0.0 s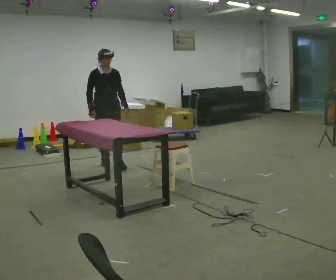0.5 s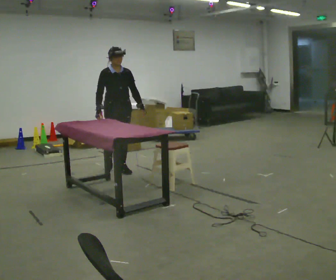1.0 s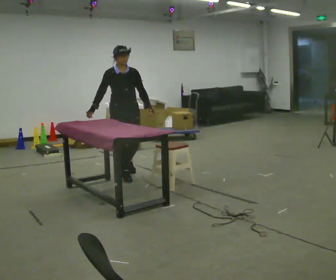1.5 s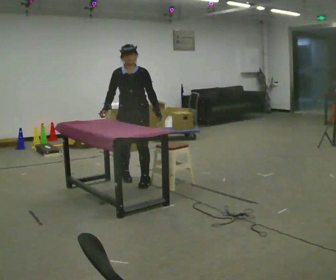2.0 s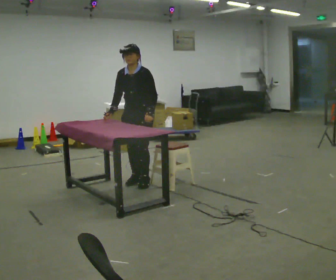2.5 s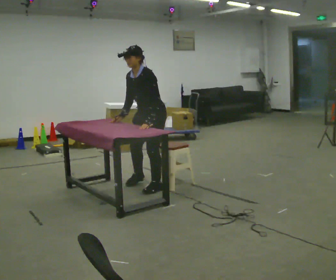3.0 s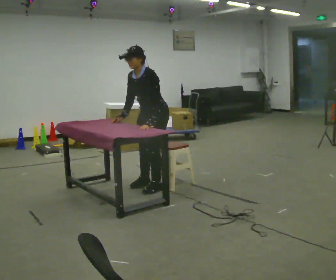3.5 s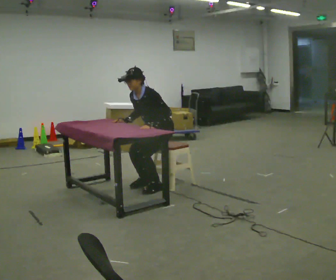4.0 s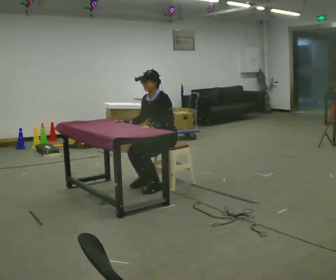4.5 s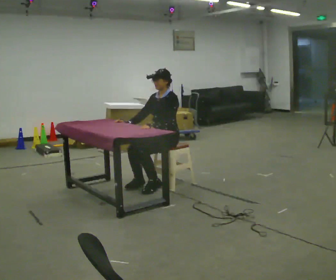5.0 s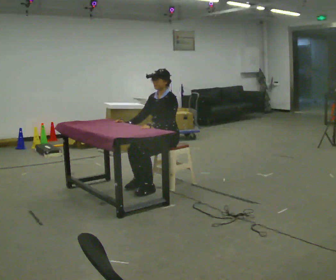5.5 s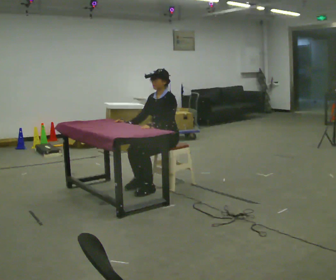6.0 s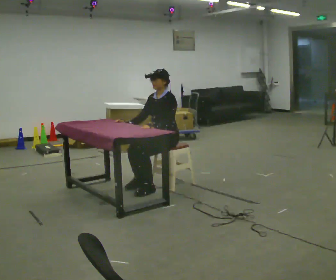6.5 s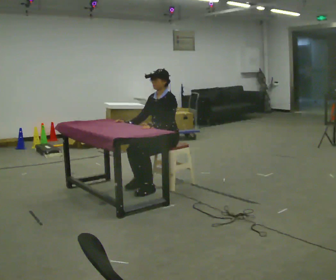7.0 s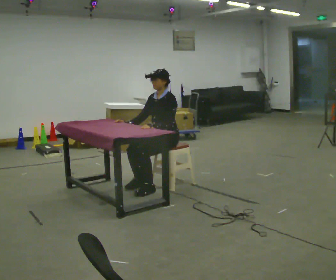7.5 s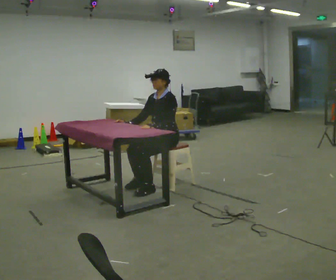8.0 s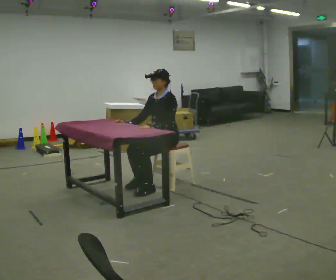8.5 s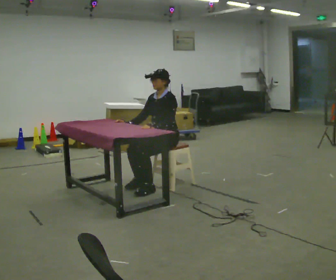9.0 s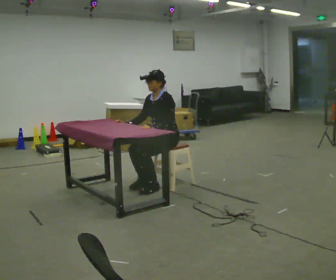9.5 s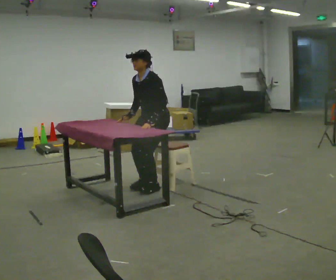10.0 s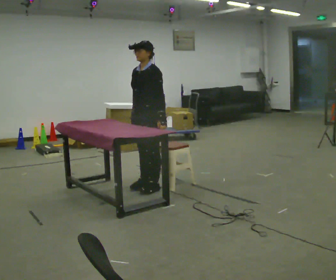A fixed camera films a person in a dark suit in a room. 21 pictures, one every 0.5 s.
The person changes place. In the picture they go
toward the camera.
The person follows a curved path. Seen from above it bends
clockwise.
0.0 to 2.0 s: The person turns about 45 degrees to their right, clockwise seen from above, so the part of the body nearest the lens slides to the left. In the picture they go toward the camera and to the right, about 1 m in 4 steps, which for them is forward.
2.0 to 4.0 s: In the picture they go to the right, about 0.25 m in 2 steps, which for them is to their left and backward. The upper body goes downward.
4.0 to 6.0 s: The person moves a little, or ends about where they began.
6.0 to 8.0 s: The person keeps their place and pose.
8.0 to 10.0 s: In the picture they go to the left, about 0.25 m, which for them is forward. The shoulders move upward.
The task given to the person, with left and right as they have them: Walk up to the chair at the table, sit down into the space, settle as if you were about to work there, then stand up and step away. Repeat the movement at your own pace until the operator says stop; do not rush.
The film runs forward here.
